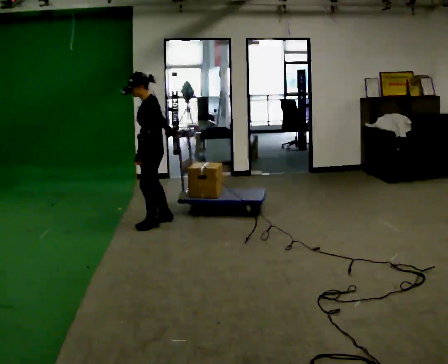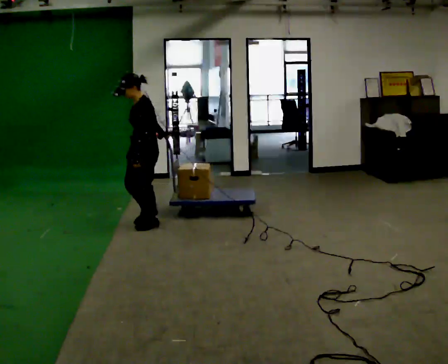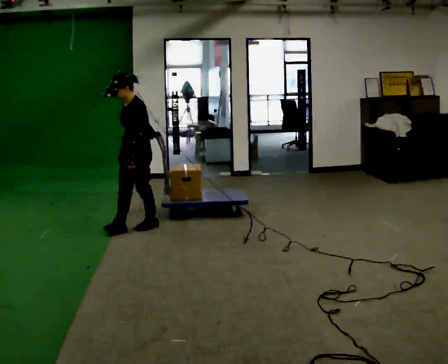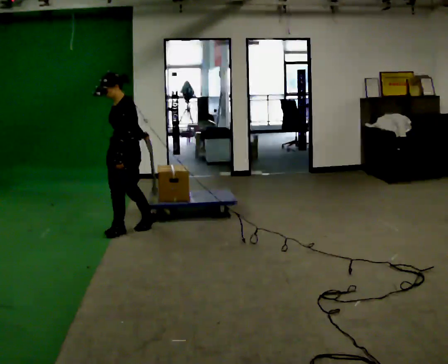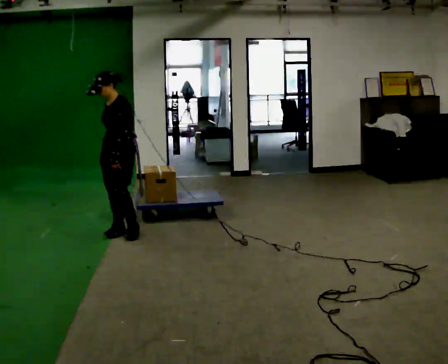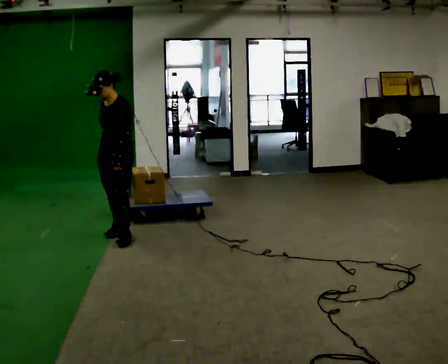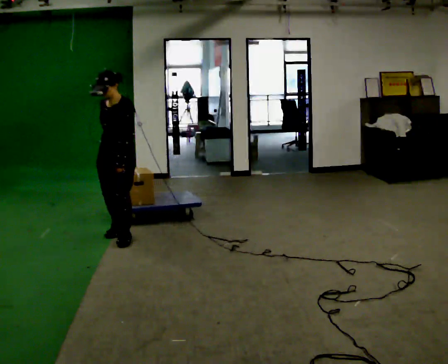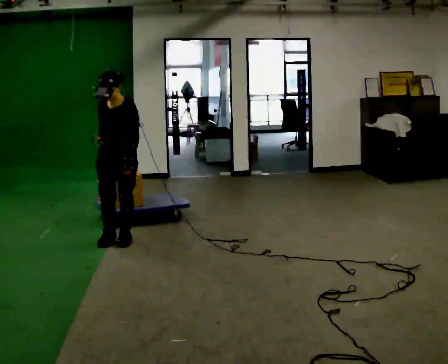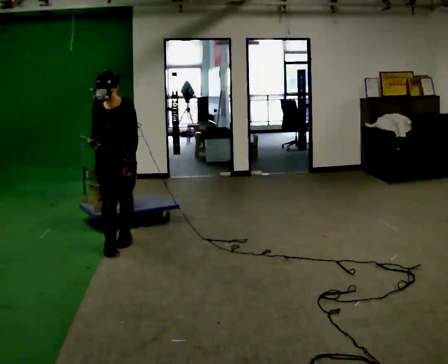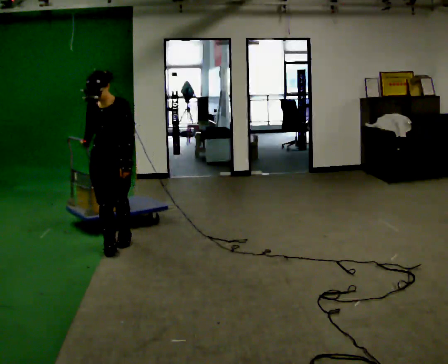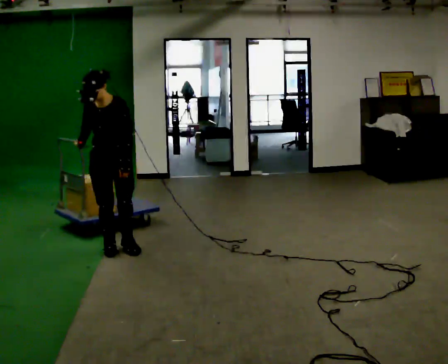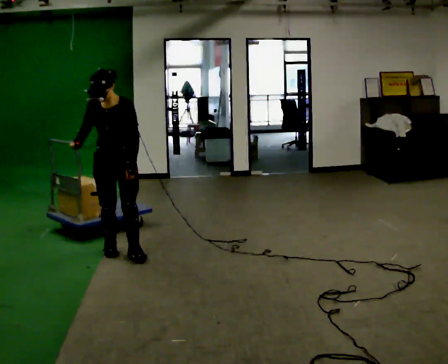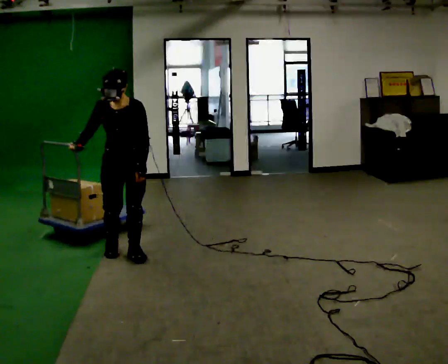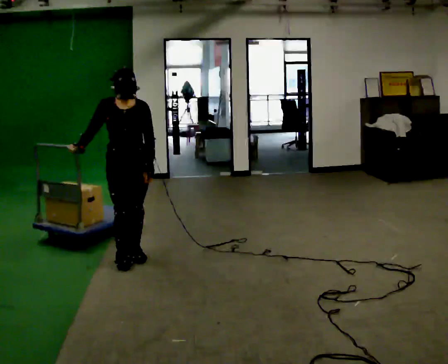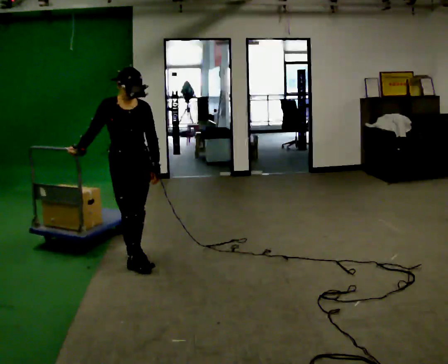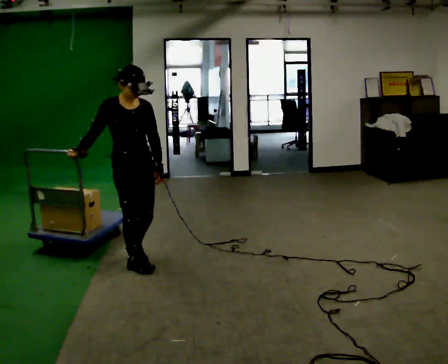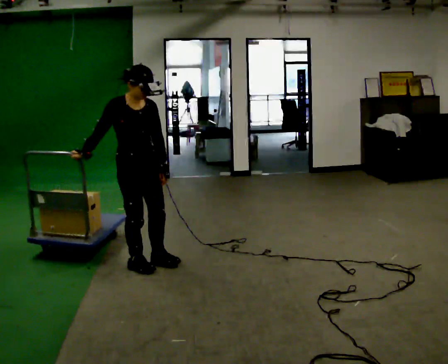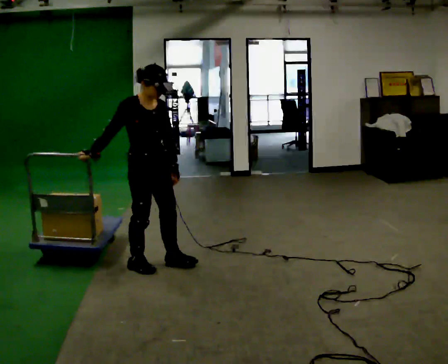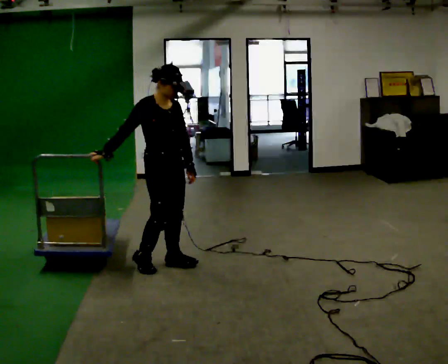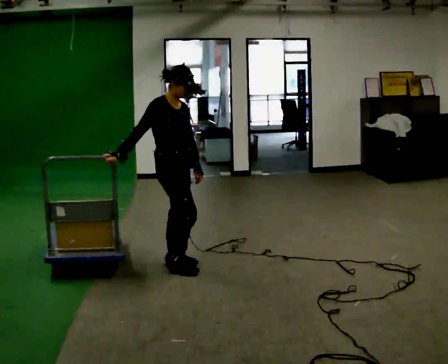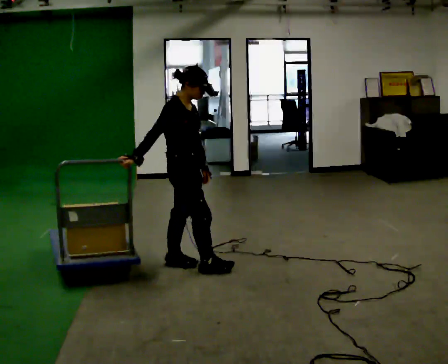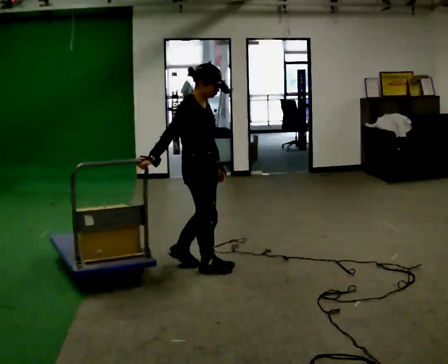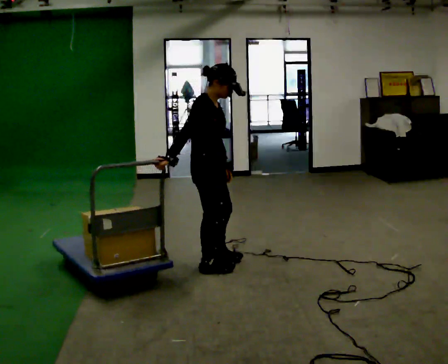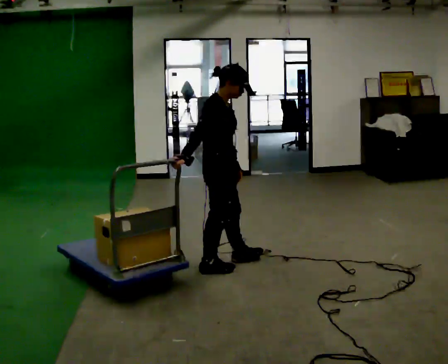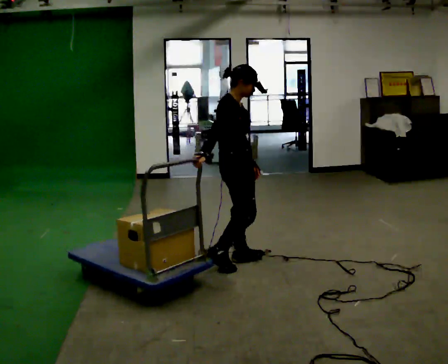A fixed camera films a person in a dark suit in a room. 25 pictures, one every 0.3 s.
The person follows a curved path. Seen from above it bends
counterclockwise.
The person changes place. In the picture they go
toward the camera.
0.0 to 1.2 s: Seen from above the body turns counterclockwise, about 30 degrees: to their left, with its near side sliding to the right. In the picture they go to the left and toward the camera, about 0.5 m in 1 step, which for them is forward.
1.2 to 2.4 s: Seen from above the body turns counterclockwise, about 45 degrees: to their left, with its near side sliding to the right. In the picture they go toward the camera, about 0.25 m in 2 steps, which for them is forward and to their left.
2.4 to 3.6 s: In the picture they go toward the camera, about 0.25 m in 1 step, which for them is forward and to their left.
3.6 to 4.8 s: Seen from above the body turns counterclockwise, about 45 degrees: to their left, with its near side sliding to the right. In the picture they go toward the camera, about 0.25 m in 1 step, which for them is forward.
4.8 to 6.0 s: Seen from above the body turns counterclockwise, about 30 degrees: to their left, with its near side sliding to the right. In the picture they go to the right, about 0.25 m in 2 steps, which for them is forward and to their left.
6.0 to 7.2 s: In the picture they go to the right, about 0.25 m in 1 step, which for them is forward.
The film runs forward here.
